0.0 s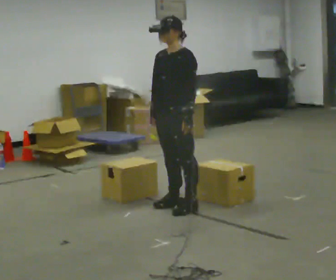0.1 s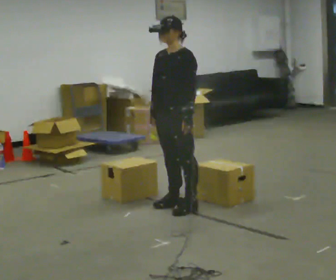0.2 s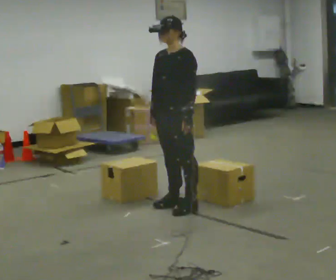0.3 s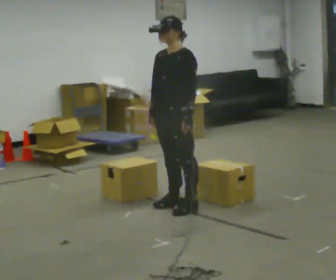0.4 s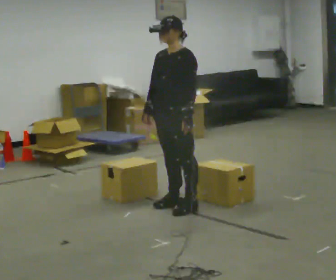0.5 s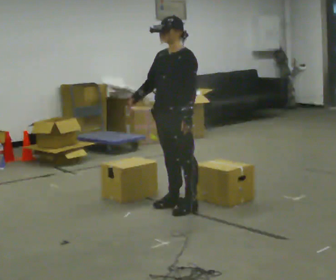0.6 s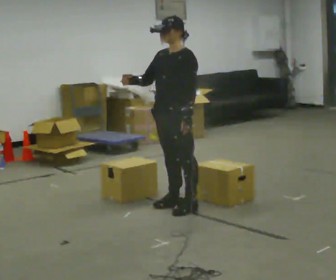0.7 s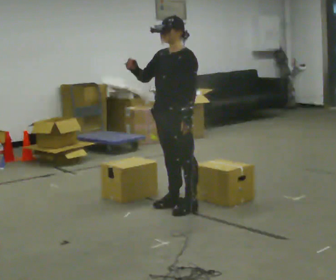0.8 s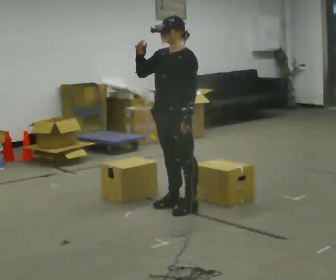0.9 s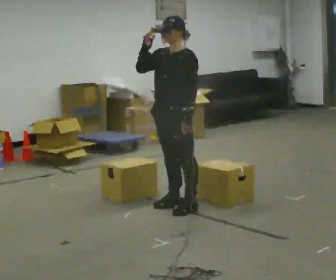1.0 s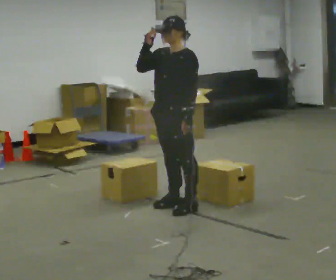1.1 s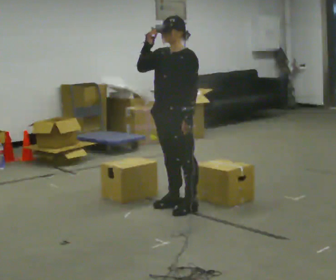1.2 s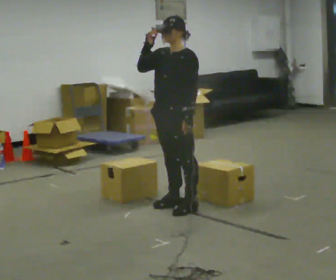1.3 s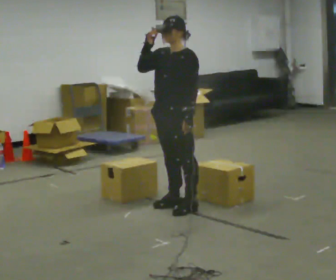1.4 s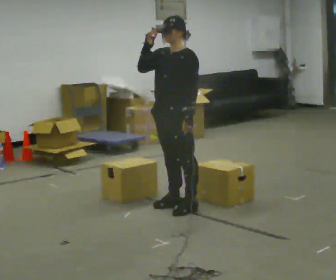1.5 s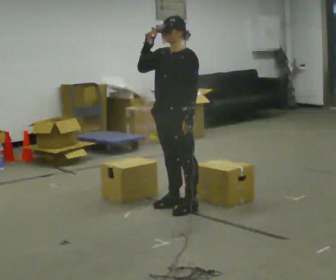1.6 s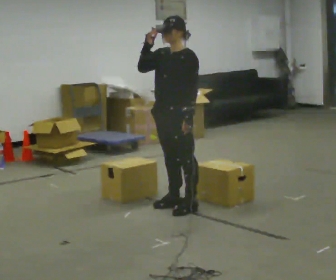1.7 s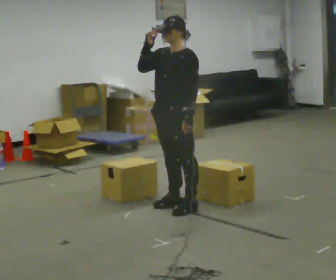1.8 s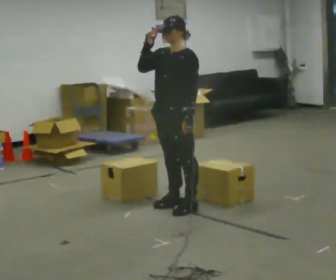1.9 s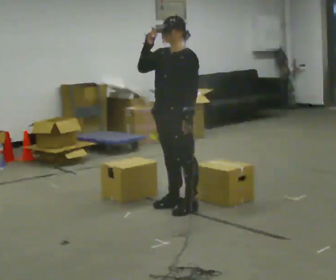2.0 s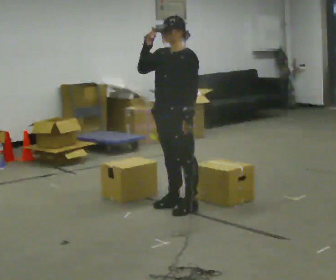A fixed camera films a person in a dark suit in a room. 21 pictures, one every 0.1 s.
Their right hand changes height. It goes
upward.
0.0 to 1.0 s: In the picture their right hand goes upward.
1.0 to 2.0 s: The person keeps their place and pose.
The film runs forward here.
